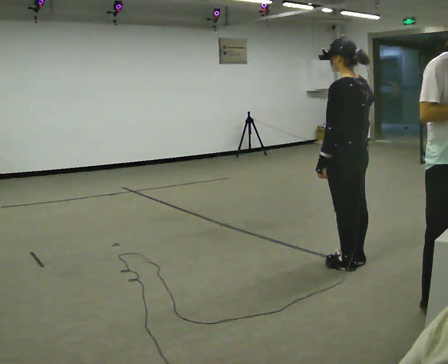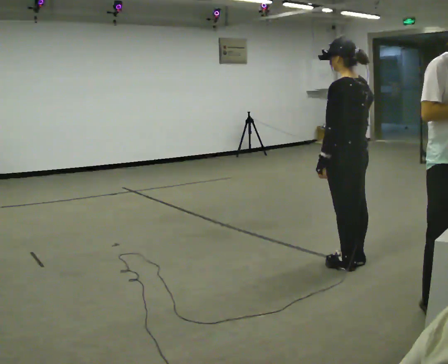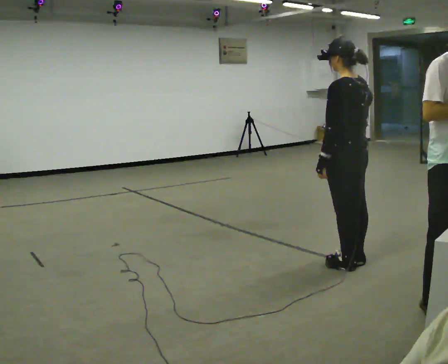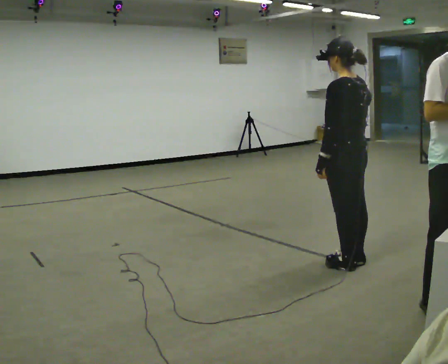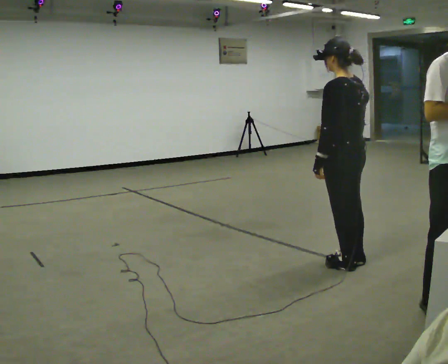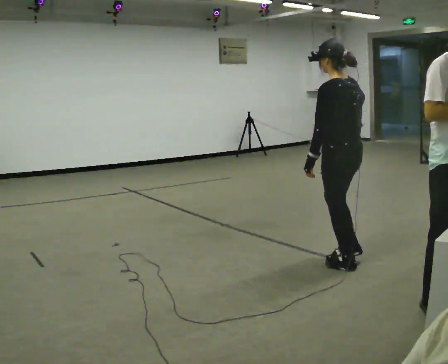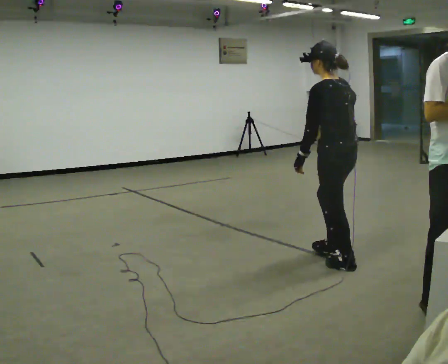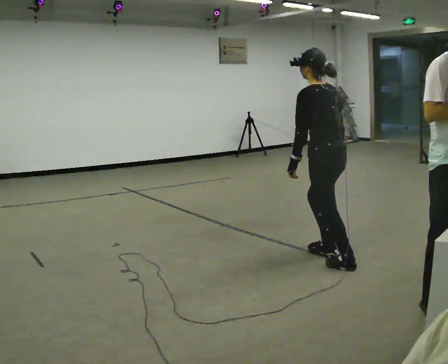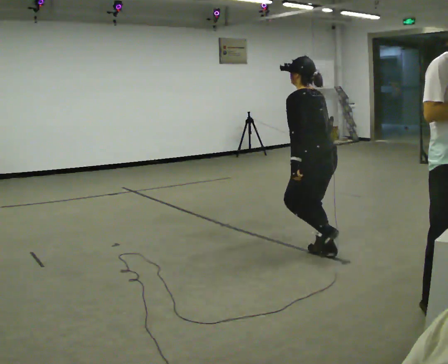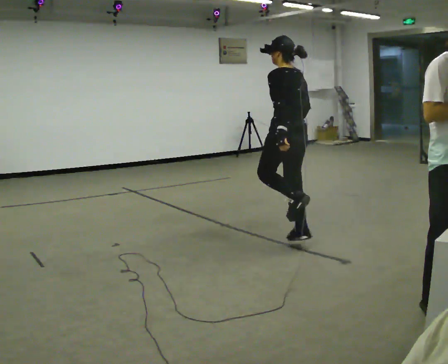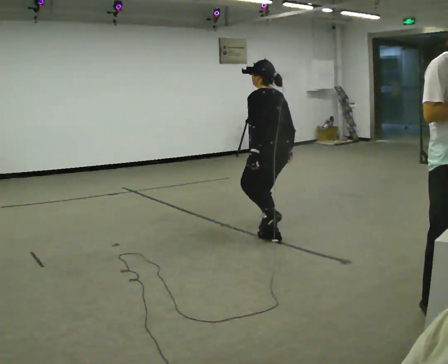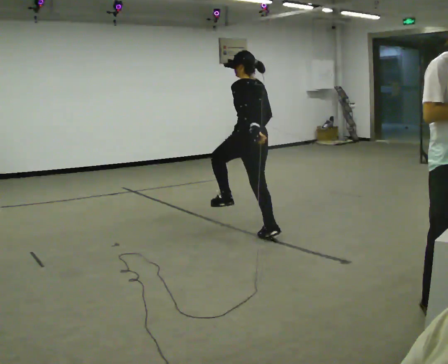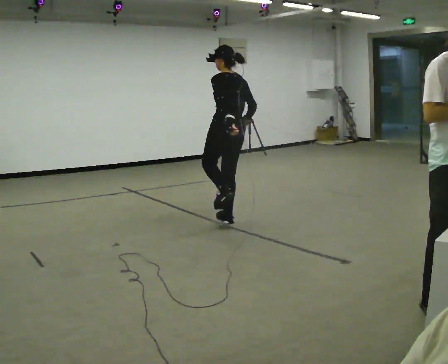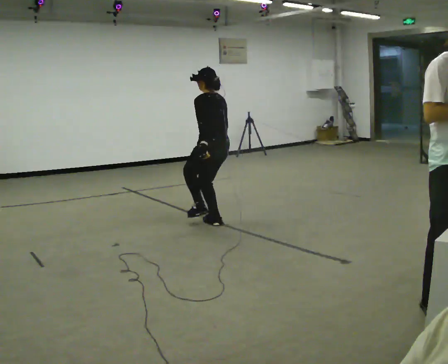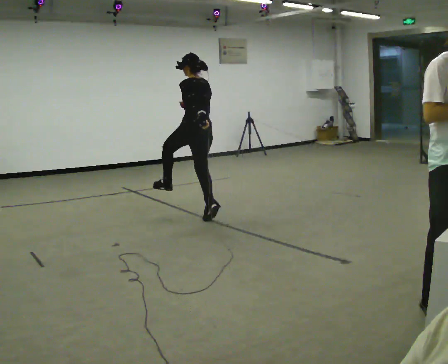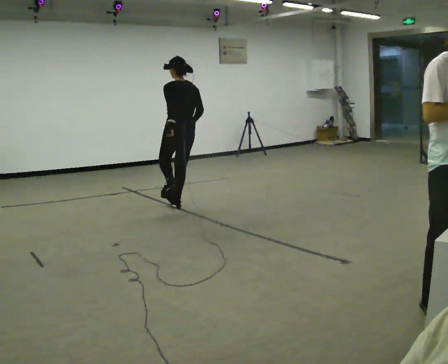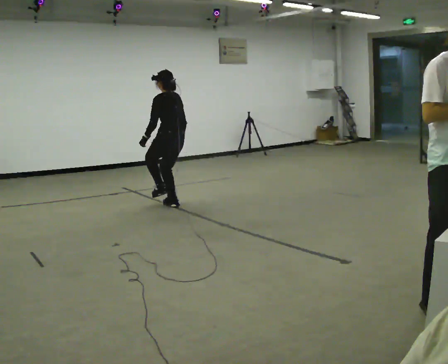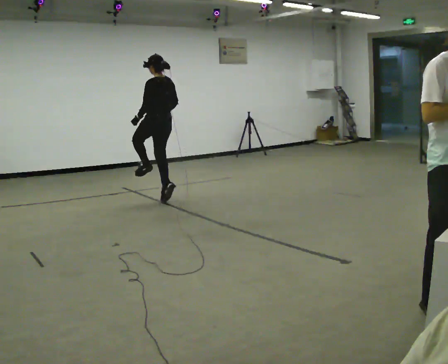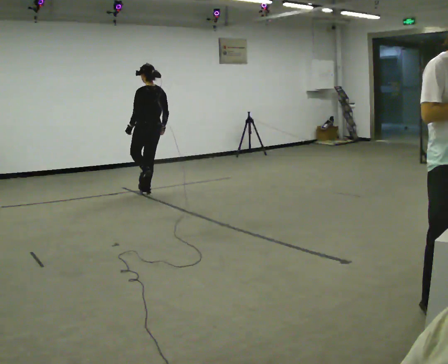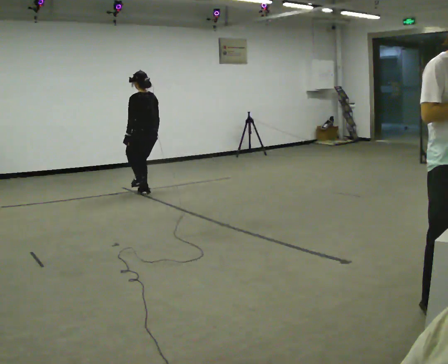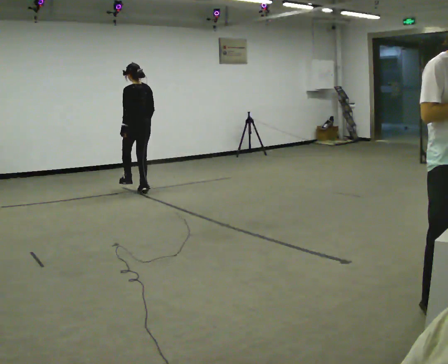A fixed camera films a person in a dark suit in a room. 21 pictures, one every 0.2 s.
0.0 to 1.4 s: In the picture they go away from the camera, about 0.25 m in 1 step, which for them is forward.
1.4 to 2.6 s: In the picture they go away from the camera and to the left, about 1.5 m in 3 steps, which for them is forward.
2.6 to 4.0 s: In the picture they go away from the camera and to the left, about 2 m in 2 steps, which for them is forward.
The film runs forward here.
